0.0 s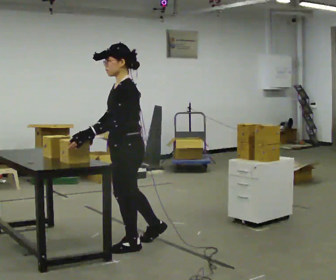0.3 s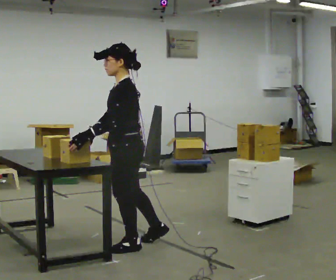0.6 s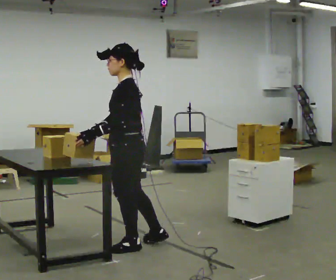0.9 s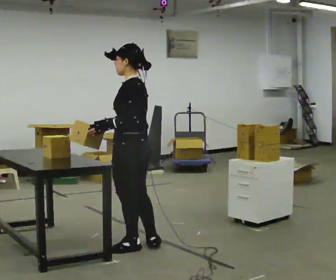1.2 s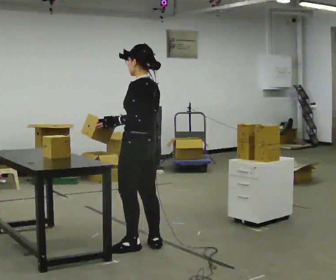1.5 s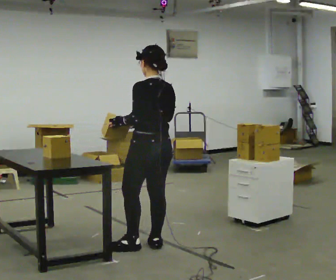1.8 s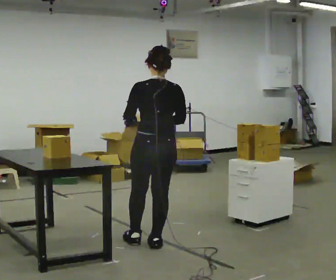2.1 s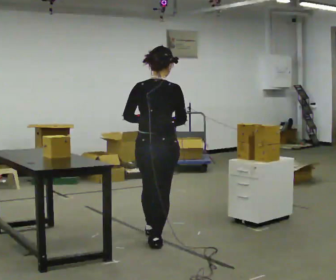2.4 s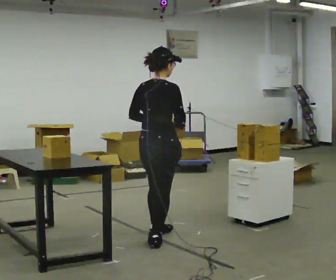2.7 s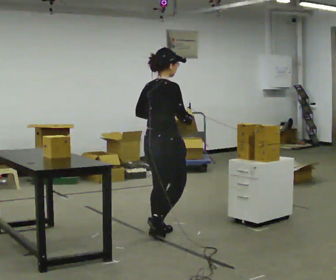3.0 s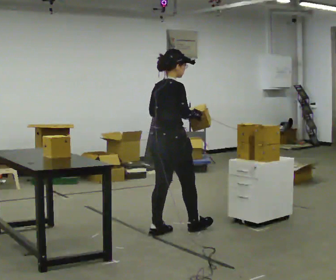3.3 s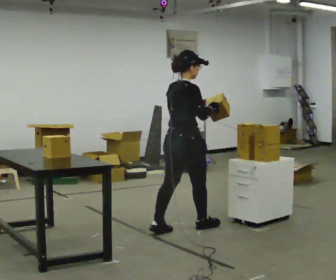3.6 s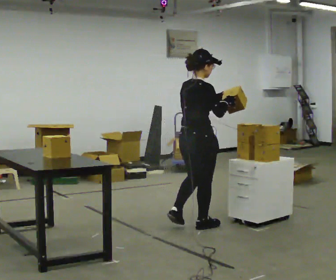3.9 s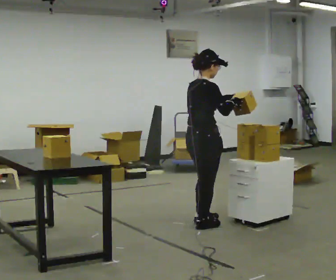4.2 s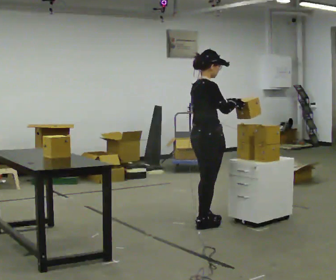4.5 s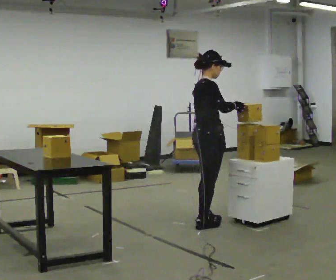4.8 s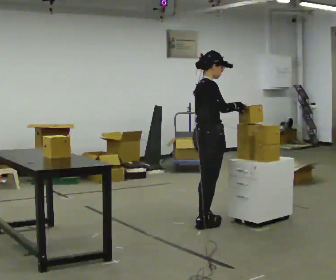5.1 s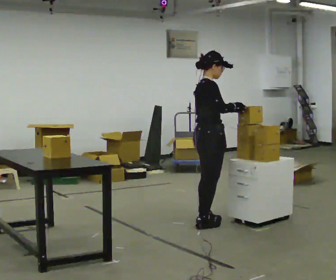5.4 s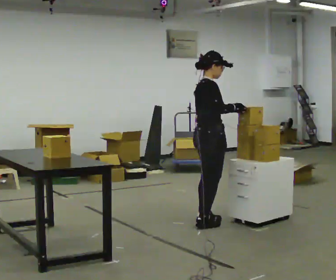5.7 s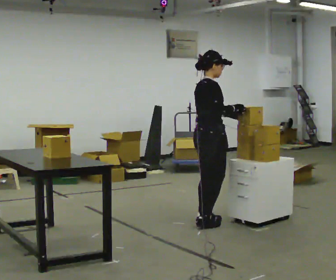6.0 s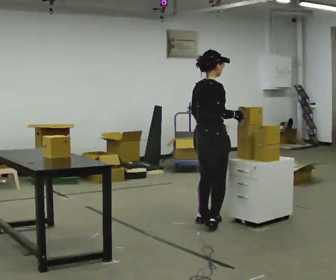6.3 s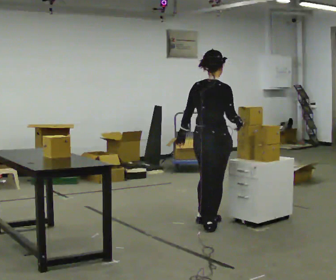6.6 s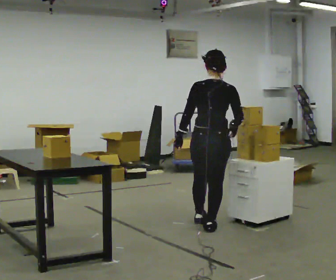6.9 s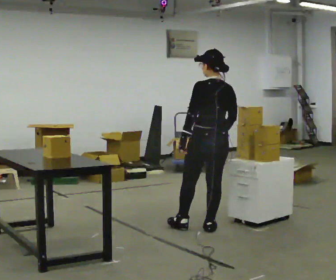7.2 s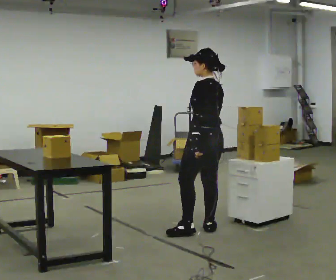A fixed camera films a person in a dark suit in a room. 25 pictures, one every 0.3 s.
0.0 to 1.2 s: The person turns about 45 degrees to their right, clockwise seen from above, so the part of the body nearest the lens slides to the left.
1.2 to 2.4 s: The person turns about 90 degrees to their right, clockwise seen from above, so the part of the body nearest the lens slides to the left. In the picture they go away from the camera, about 0.25 m in 1 step.
2.4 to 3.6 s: In the picture they go to the right and away from the camera, about 0.5 m in 1 step, which for them is forward.
3.6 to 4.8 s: The part of the body nearest the lens slides to the left as the person turns to their right by about 30 degrees. In the picture they go away from the camera, about 0.25 m in 1 step, which for them is to their left and forward.
4.8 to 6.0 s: Seen from above the body turns counterclockwise, about 30 degrees: to their left, with its near side sliding to the right. In the picture their left hand goes to the left, the arm swinging clockwise.
6.0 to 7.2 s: The part of the body nearest the lens slides to the right as the person turns to their left by about 105 degrees. In the picture they go toward the camera, about 0.25 m in 1 step.
The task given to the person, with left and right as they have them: 1. Move all 12 boxes from the shelf at one end of the room to the shelf at the other end. 2. The cart is not available today, so carry them. 3. Tell the operator when you are finished.
The film runs forward here.
